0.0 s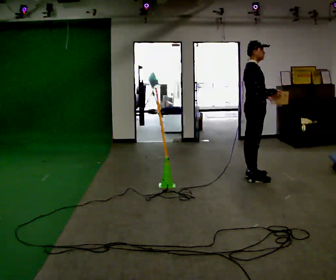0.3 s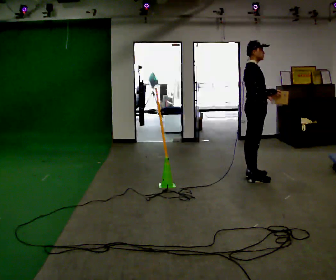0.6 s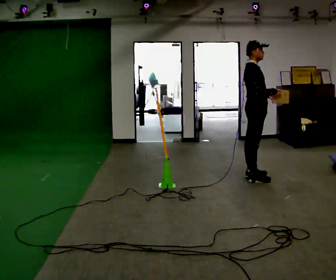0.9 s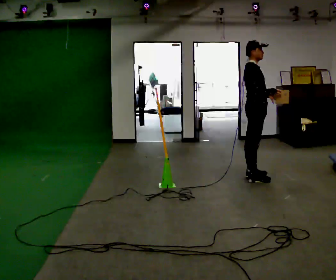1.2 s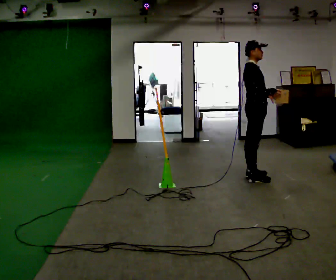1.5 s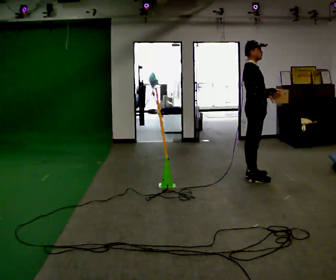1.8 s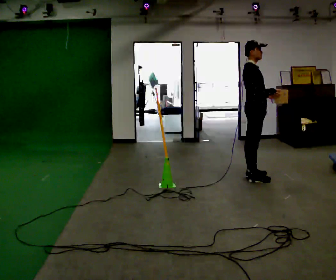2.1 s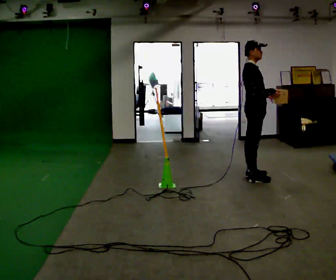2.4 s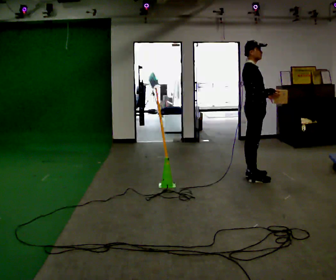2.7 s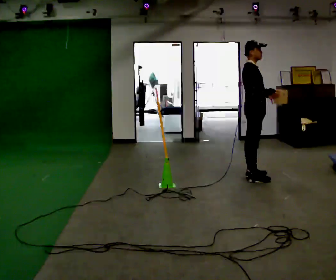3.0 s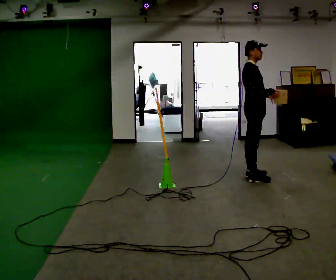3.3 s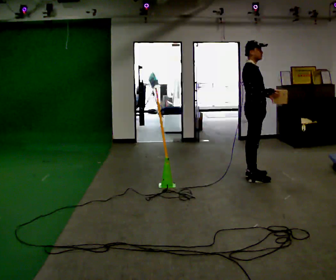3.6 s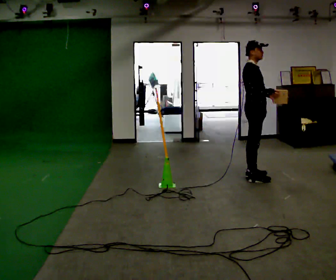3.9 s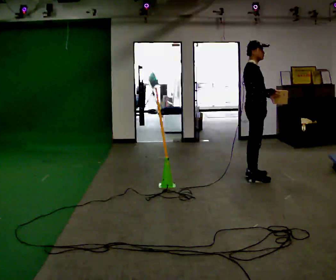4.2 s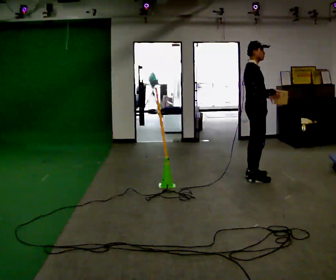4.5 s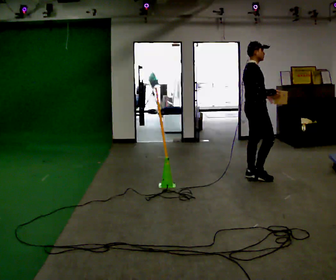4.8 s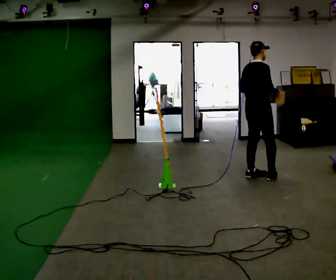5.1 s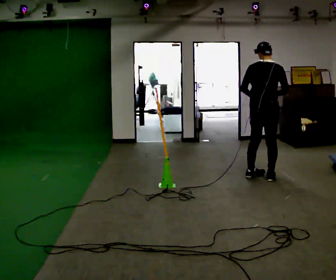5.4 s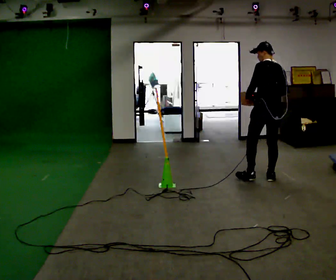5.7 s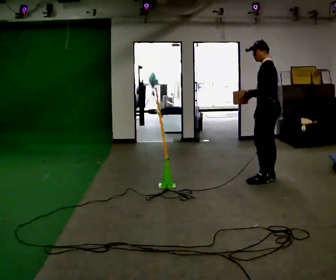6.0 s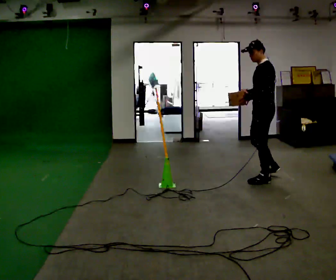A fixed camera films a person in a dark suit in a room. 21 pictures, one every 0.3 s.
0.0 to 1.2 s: The person moves a little, or ends about where they began.
1.2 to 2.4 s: The person keeps their place and pose.
2.4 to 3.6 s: The person moves a little, or ends about where they began.
3.6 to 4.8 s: The part of the body nearest the lens slides to the right as the person turns to their left by about 45 degrees.
4.8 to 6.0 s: Seen from above the body turns counterclockwise, about 150 degrees: to their left, with its near side sliding to the right.
The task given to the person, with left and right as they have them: Carry the box across the room. The operator will step into your path partway across, so go around them and carry on. Keep going until the operator says stop; one object at a time, and do not rush between trips.
The film runs forward here.
